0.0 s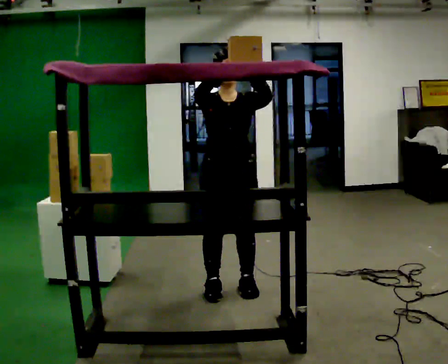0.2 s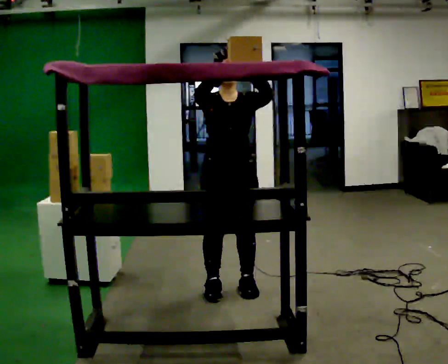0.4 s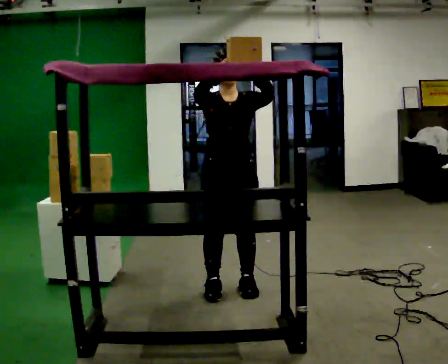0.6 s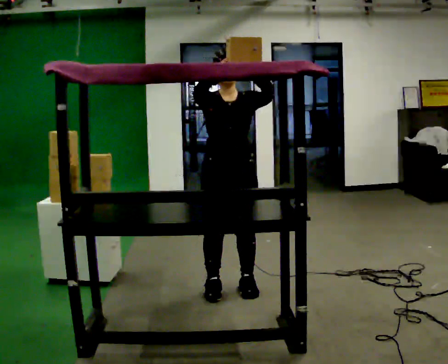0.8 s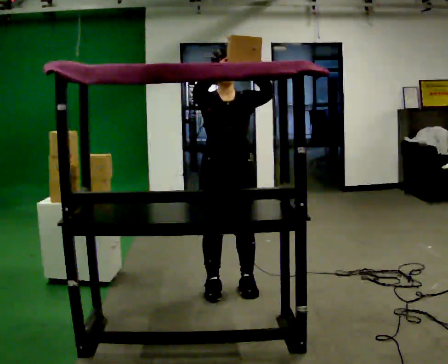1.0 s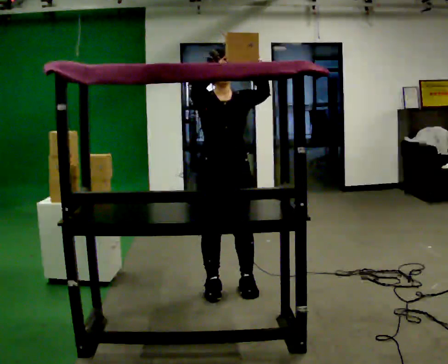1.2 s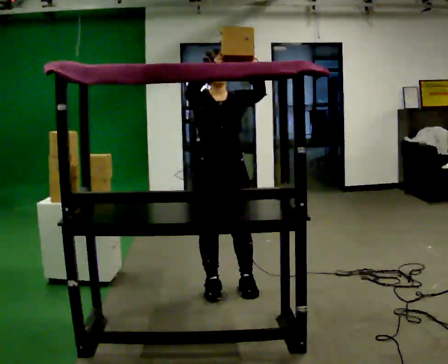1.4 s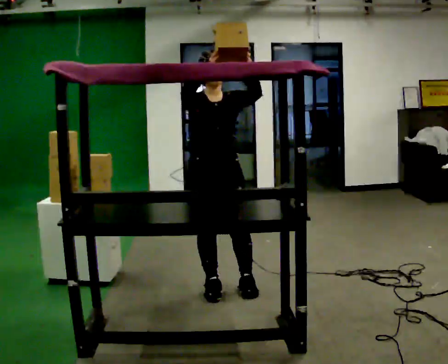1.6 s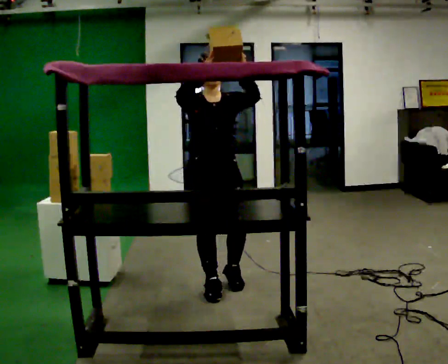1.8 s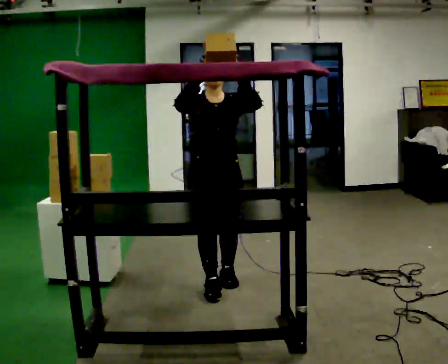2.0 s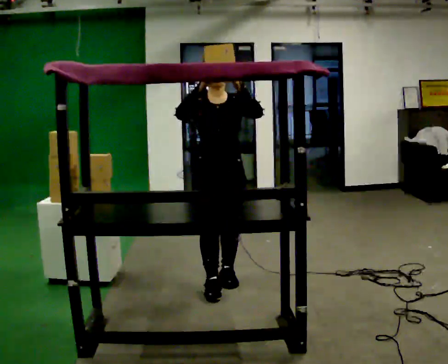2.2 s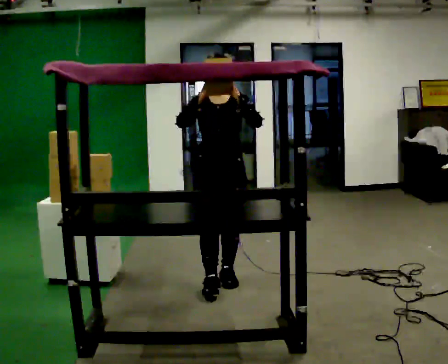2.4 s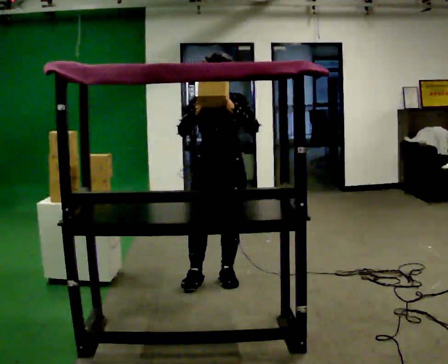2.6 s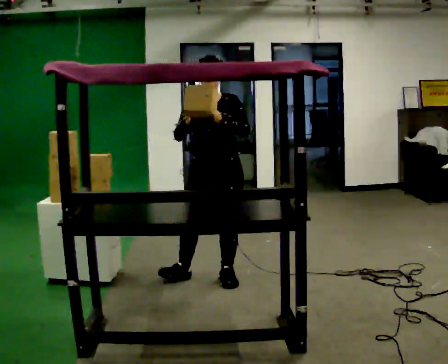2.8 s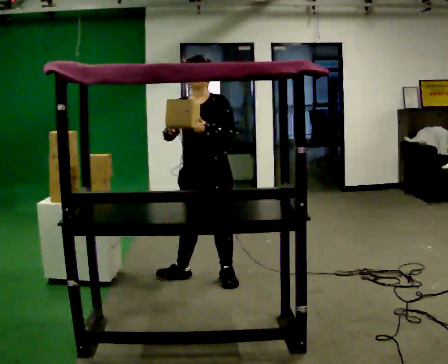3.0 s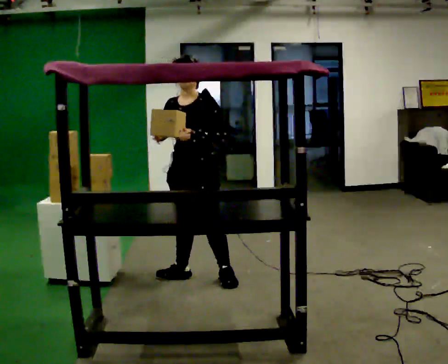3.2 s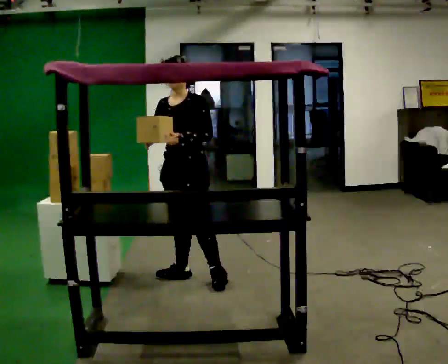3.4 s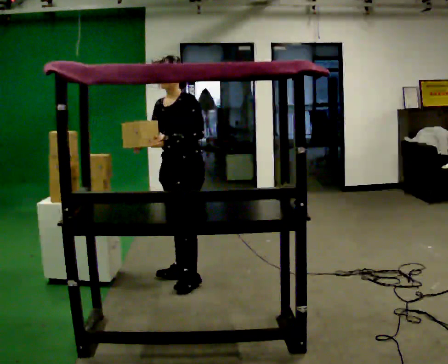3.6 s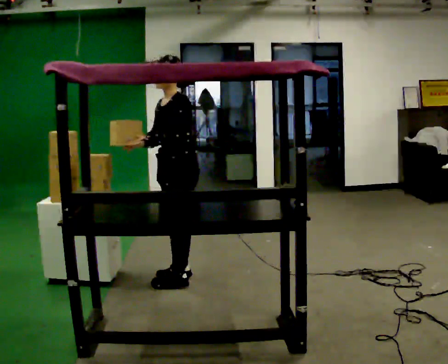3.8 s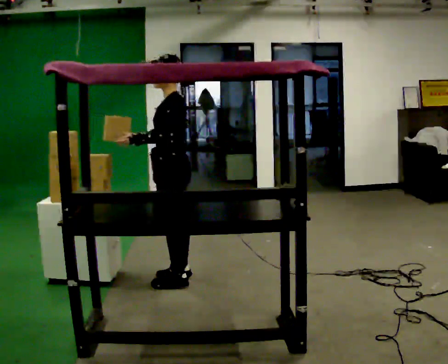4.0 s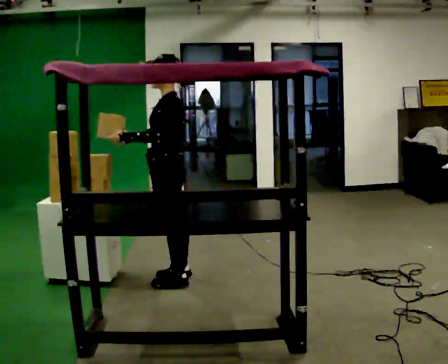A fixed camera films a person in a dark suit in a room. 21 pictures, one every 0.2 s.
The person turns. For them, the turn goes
to their right.
The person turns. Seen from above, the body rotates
clockwise.
0.0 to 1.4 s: The person moves a little, or ends about where they began.
1.4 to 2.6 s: Seen from above the body turns clockwise, about 30 degrees: to their right, with its near side sliding to the left. In the picture they go away from the camera, about 0.25 m in 2 steps, which for them is backward. In the picture their right hand goes downward.
2.6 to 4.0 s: Seen from above the body turns clockwise, about 75 degrees: to their right, with its near side sliding to the left. In the picture they go to the left, about 0.25 m in 1 step.
The film runs backward here.
